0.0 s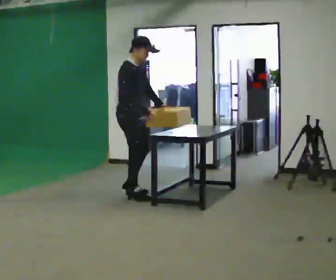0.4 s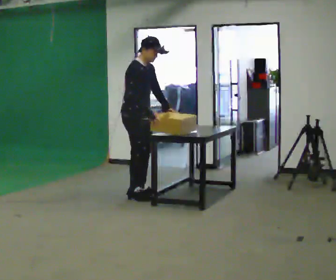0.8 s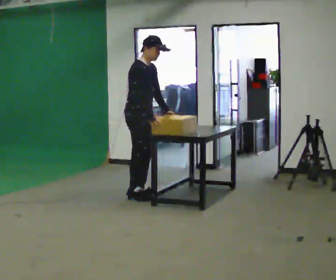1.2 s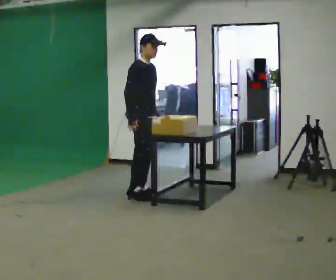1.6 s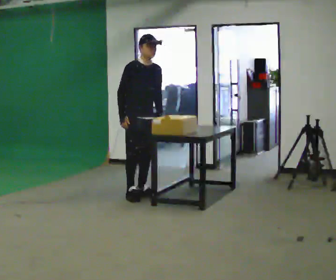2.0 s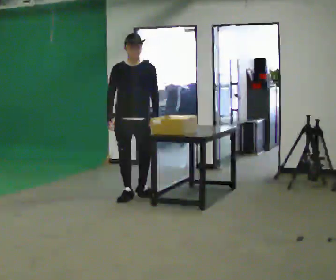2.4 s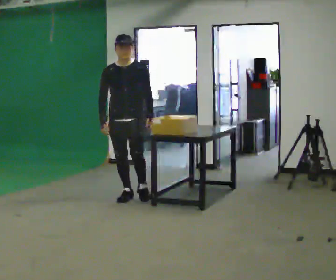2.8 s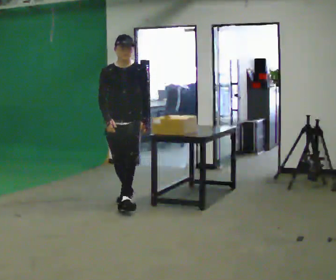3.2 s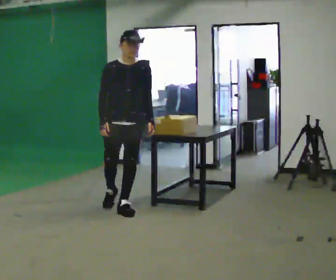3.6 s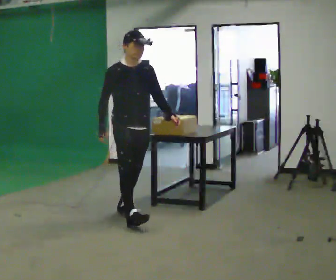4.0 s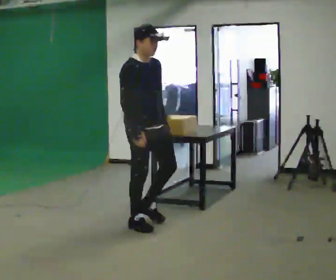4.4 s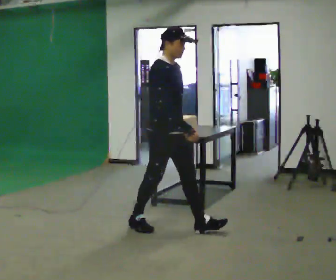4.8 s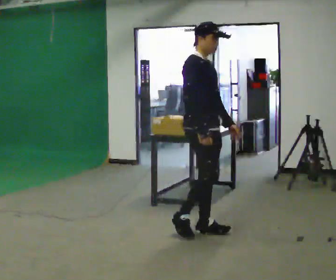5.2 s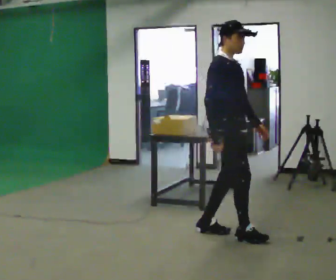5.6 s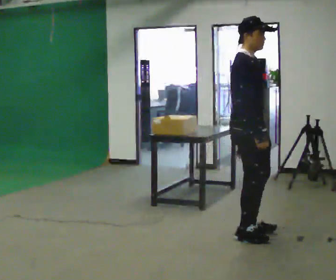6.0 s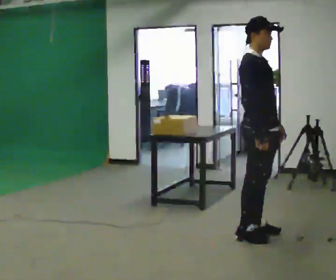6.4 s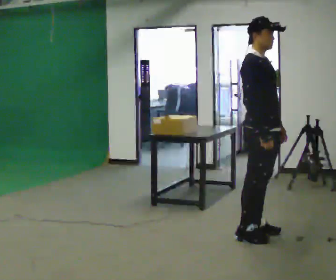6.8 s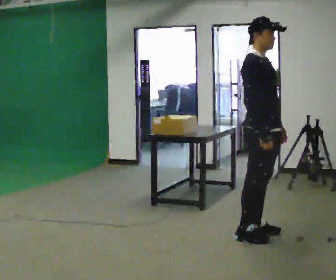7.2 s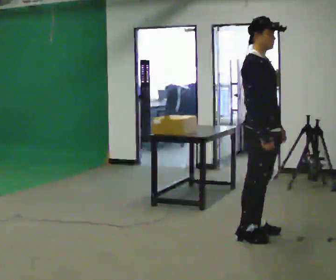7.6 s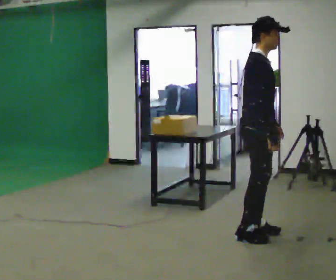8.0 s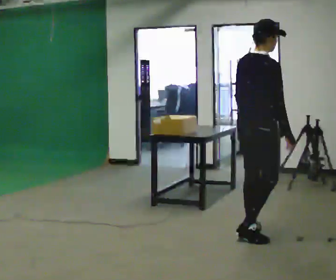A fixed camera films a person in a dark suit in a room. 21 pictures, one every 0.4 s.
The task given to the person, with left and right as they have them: Walk forward noticeably slower than normal; do not shuffle; stop.
0.0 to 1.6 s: Seen from above the body turns clockwise, about 30 degrees: to their right, with its near side sliding to the left.
1.6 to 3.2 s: The person turns about 30 degrees to their right, clockwise seen from above, so the part of the body nearest the lens slides to the left. In the picture they go toward the camera, about 0.75 m in 1 step, which for them is forward.
3.2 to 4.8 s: The part of the body nearest the lens slides to the right as the person turns to their left by about 60 degrees. In the picture they go toward the camera and to the right, about 1 m in 2 steps, which for them is forward.
4.8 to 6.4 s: In the picture they go to the right, about 0.5 m in 2 steps, which for them is forward.
6.4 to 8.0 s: The part of the body nearest the lens slides to the right as the person turns to their left by about 60 degrees.
The film runs forward here.
